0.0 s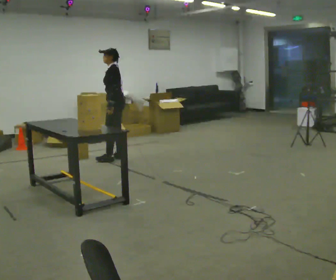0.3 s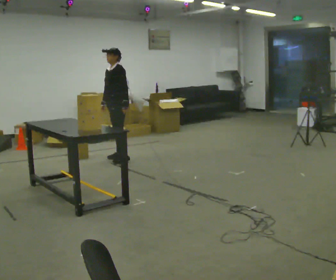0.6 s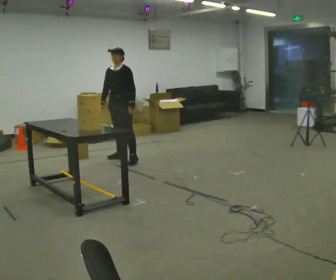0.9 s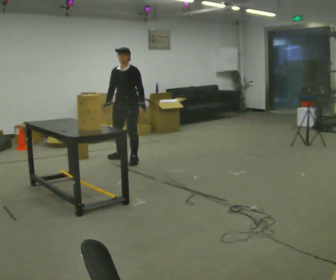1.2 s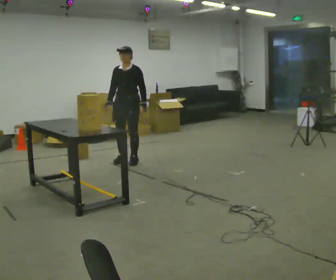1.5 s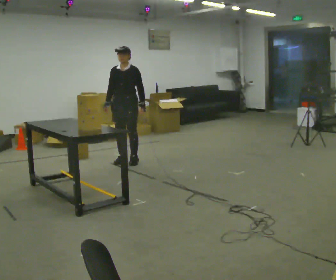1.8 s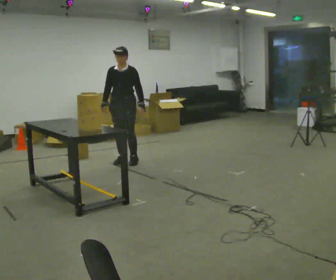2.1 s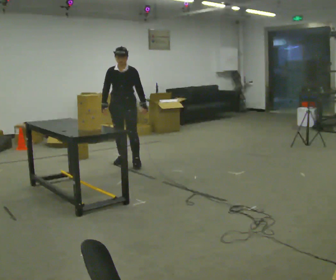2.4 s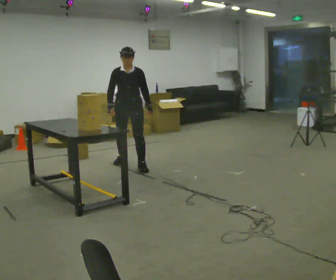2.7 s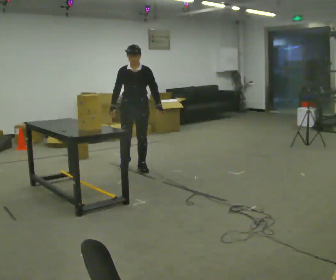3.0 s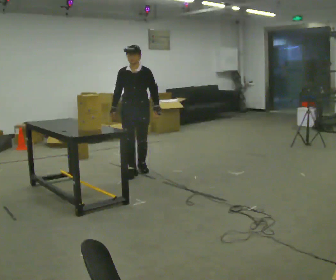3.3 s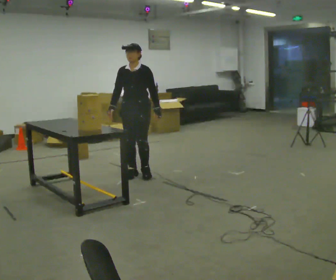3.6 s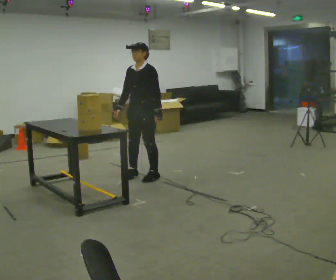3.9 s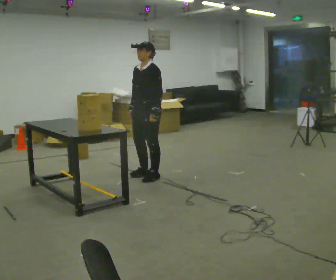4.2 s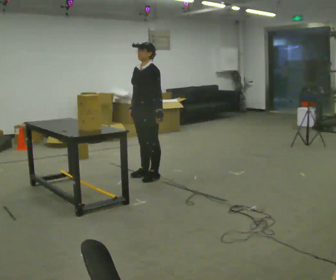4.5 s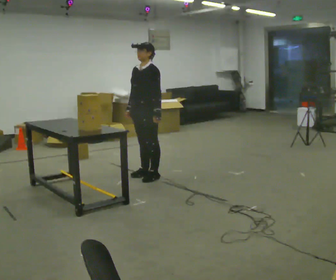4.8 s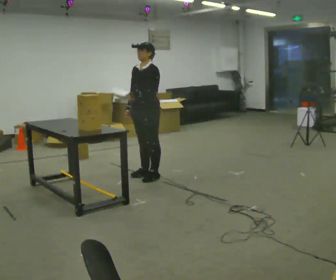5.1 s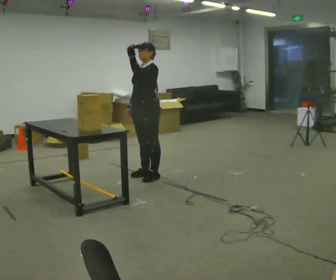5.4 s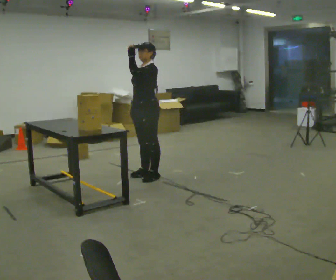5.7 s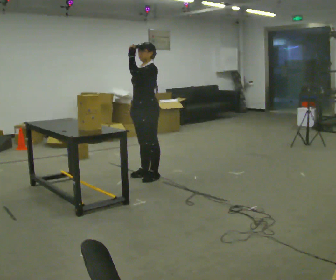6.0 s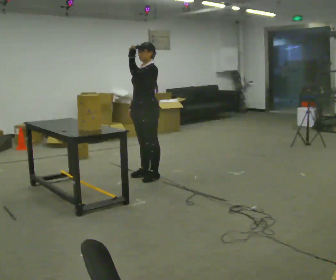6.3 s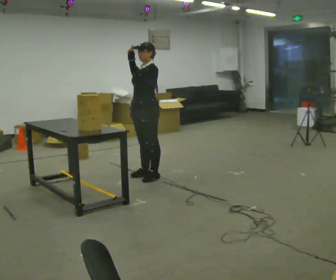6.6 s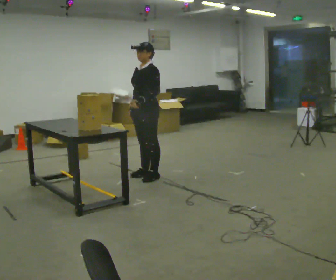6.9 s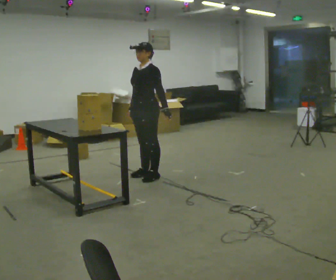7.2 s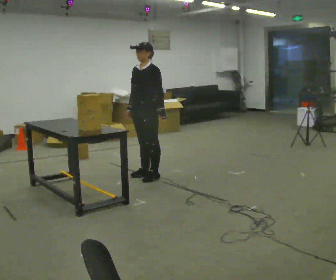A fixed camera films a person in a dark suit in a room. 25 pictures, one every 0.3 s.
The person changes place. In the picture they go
toward the camera.
0.0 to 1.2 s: The person turns about 60 degrees to their left, counterclockwise seen from above, so the part of the body nearest the lens slides to the right. In the picture they go toward the camera and to the right, about 0.25 m in 2 steps, which for them is to their left.
1.2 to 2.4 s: In the picture they go toward the camera, about 0.25 m in 1 step, which for them is forward and to their left.
2.4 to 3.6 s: Seen from above the body turns clockwise, about 45 degrees: to their right, with its near side sliding to the left. In the picture they go toward the camera, about 0.5 m in 2 steps, which for them is forward and to their left.
3.6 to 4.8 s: The person moves a little, or ends about where they began.
4.8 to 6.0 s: In the picture their left hand goes upward.
6.0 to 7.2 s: In the picture their left hand goes downward and to the right.
The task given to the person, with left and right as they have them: Take an object off the waist-height shelf, carry it across the room, and set it down on the floor. Keep going until the operator says stop; one object at a time, and do not rush between trips.
The film runs forward here.
